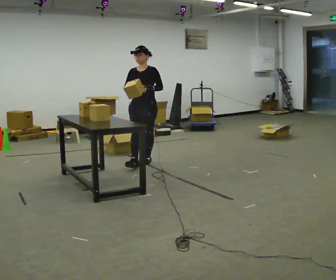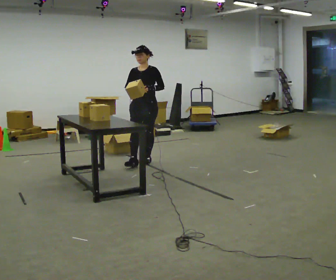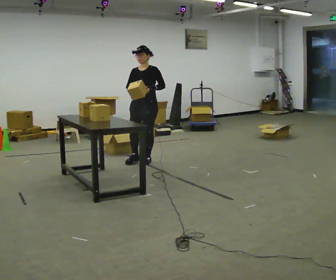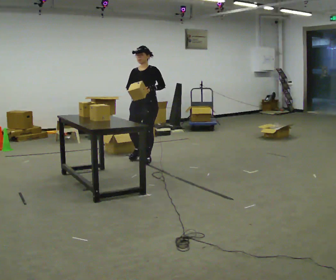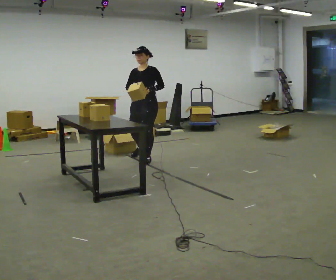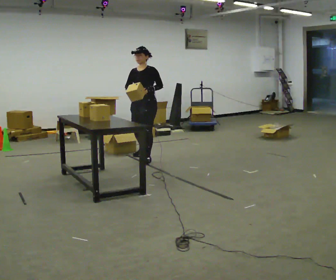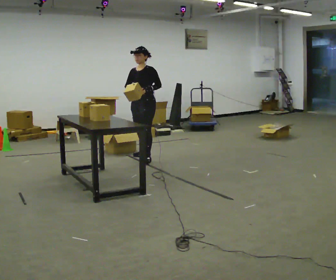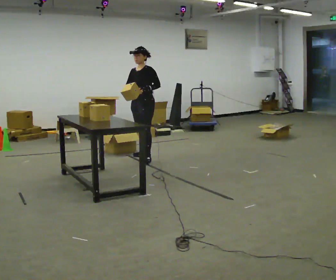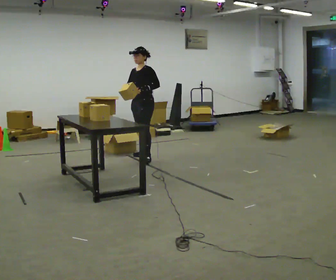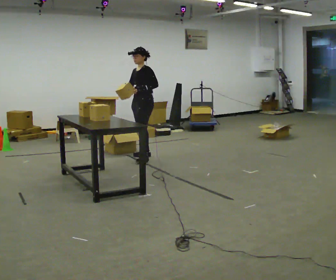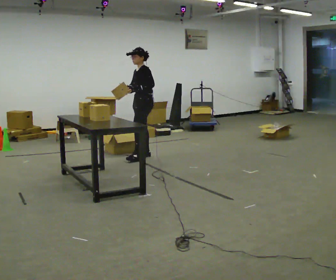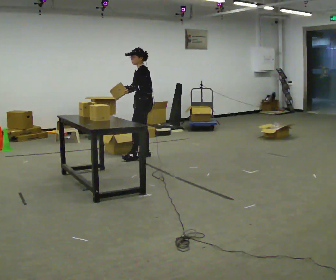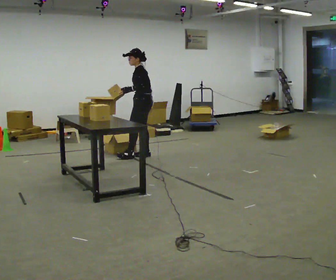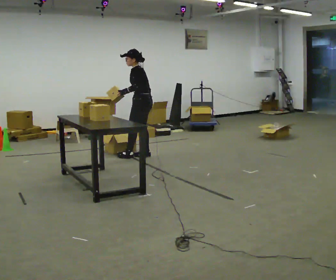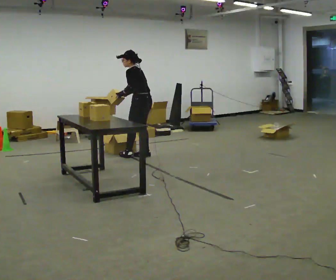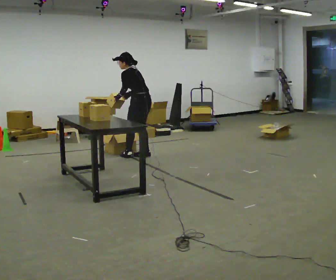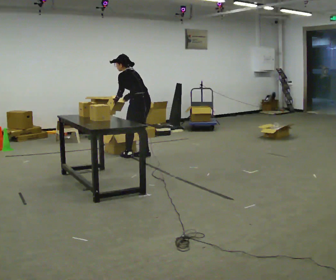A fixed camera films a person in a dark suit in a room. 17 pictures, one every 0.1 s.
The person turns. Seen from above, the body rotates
clockwise.
The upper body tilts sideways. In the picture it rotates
counterclockwise.
0.0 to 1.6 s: The part of the body nearest the lens slides to the left as the person turns to their right by about 105 degrees. In the picture they go away from the camera, about 0.5 m in 1 step. In the picture the upper body tilts counterclockwise, shoulders to the left, as they bend forward.
The film runs backward here.
